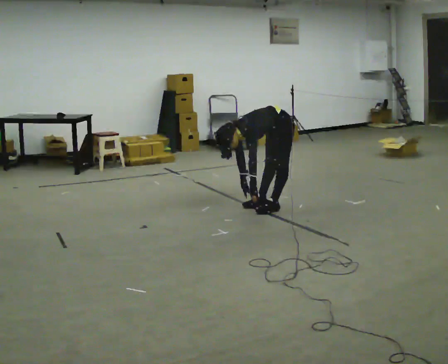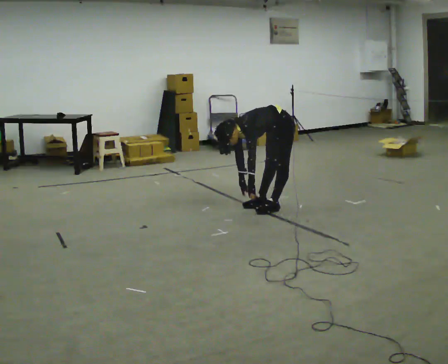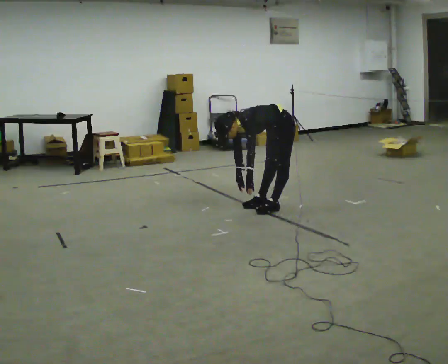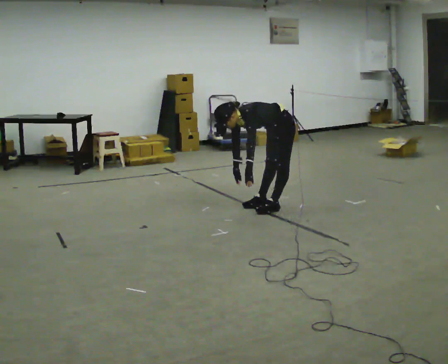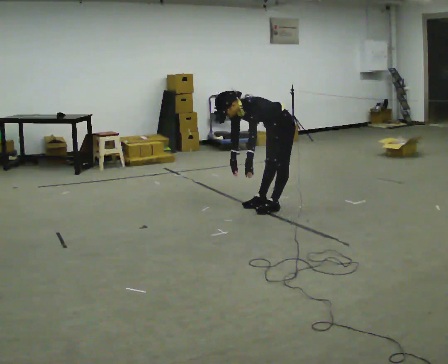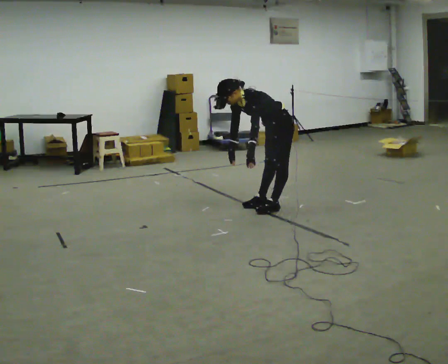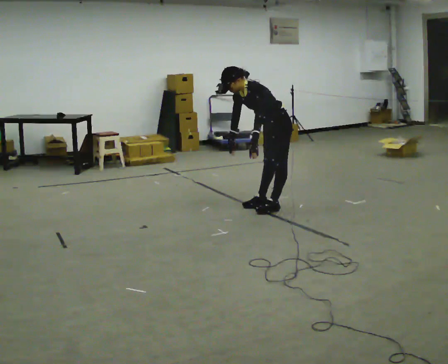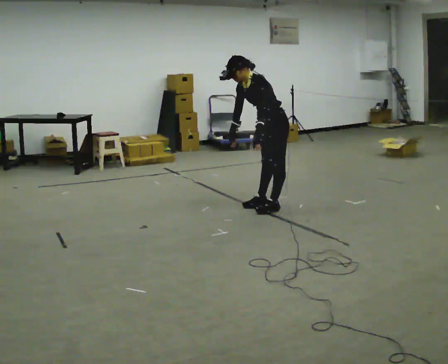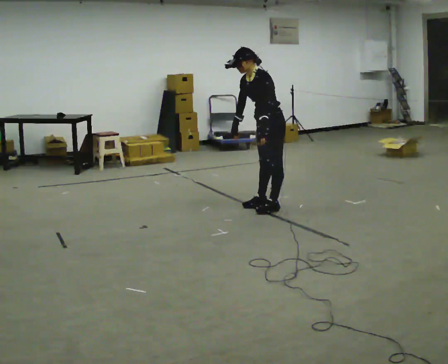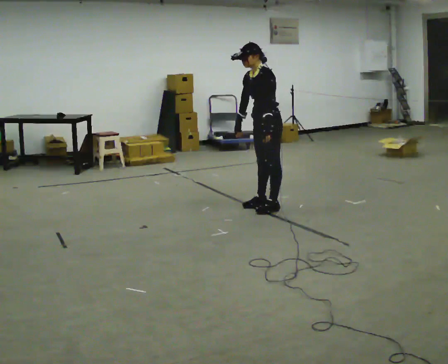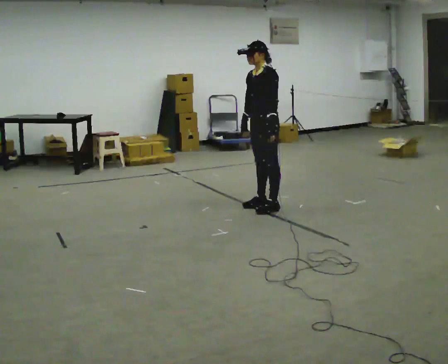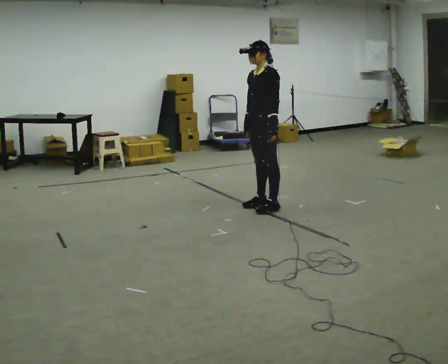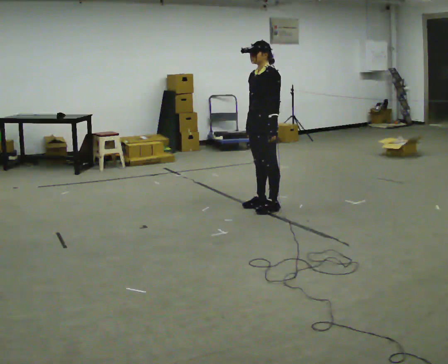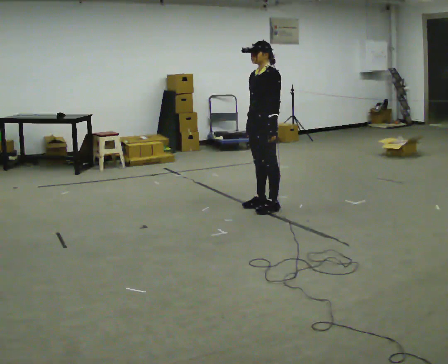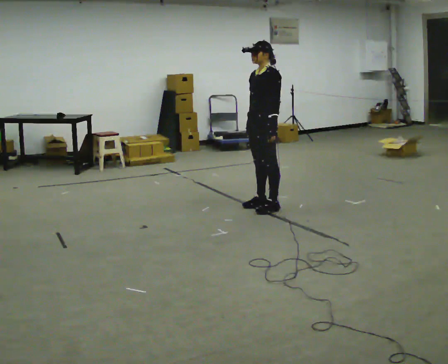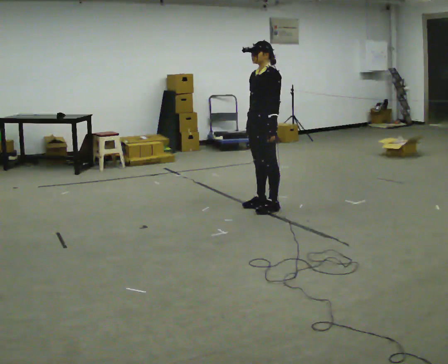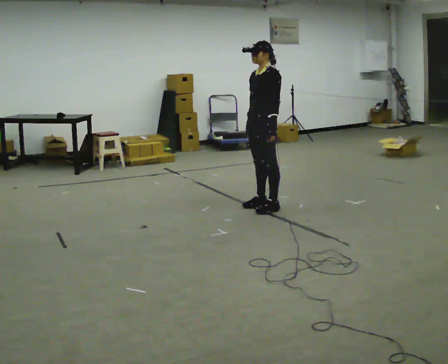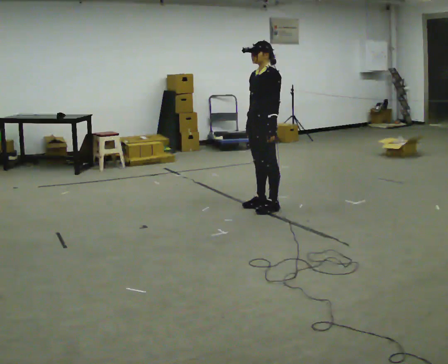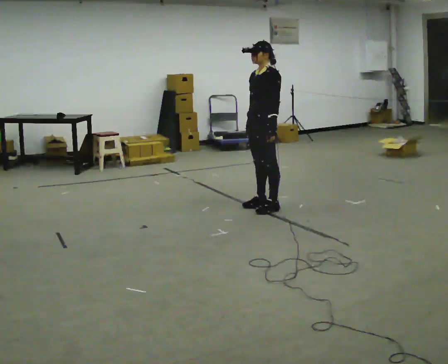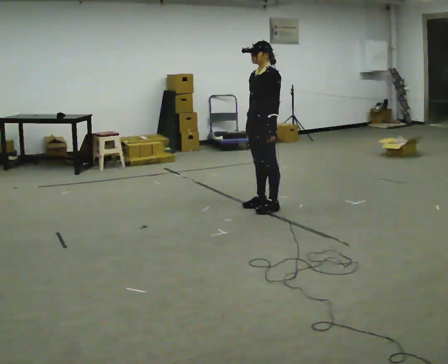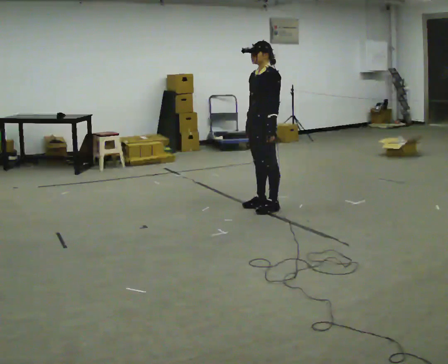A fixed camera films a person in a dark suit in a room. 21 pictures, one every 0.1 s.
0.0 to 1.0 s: The upper body goes upward. In the picture the upper body tilts clockwise, shoulders to the right, as they lean back or straighten. In the picture their right hand goes upward.
1.0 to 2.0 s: The person moves a little, or ends about where they began.
The film runs backward here.
